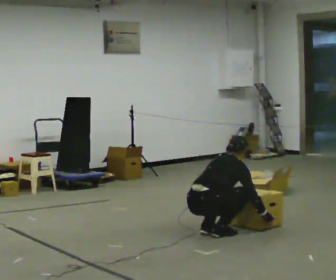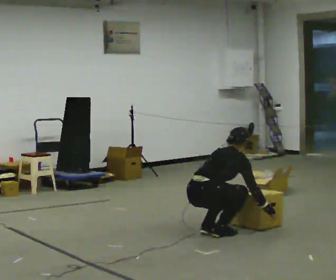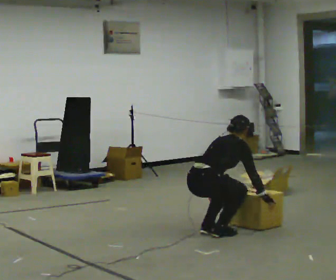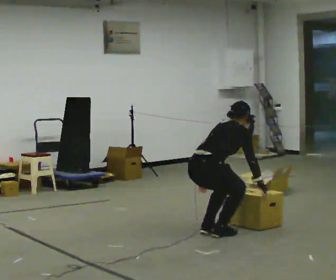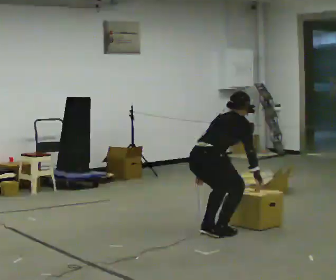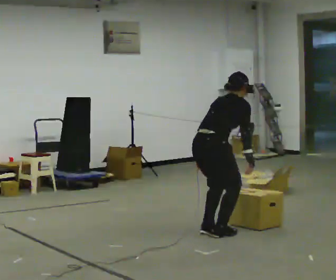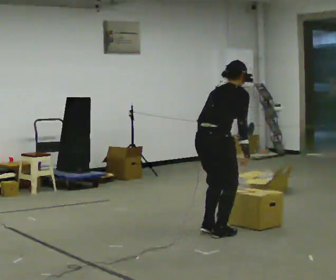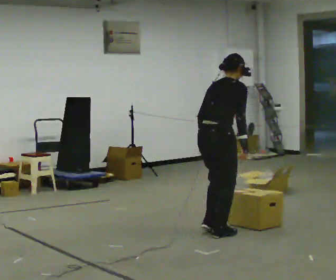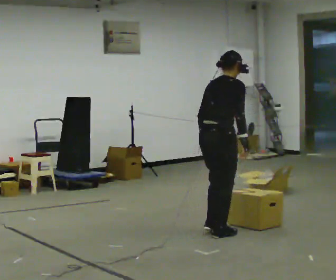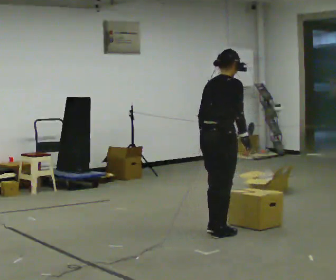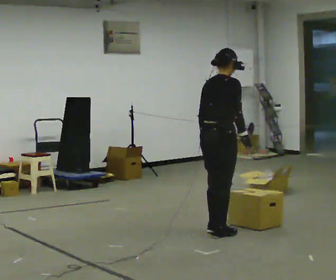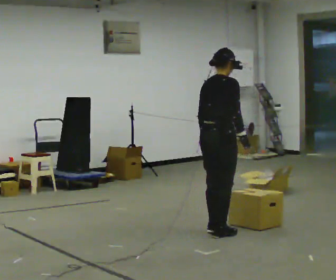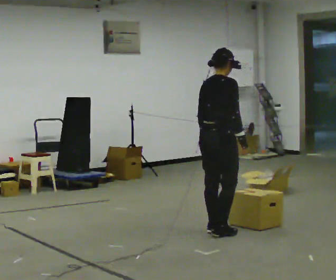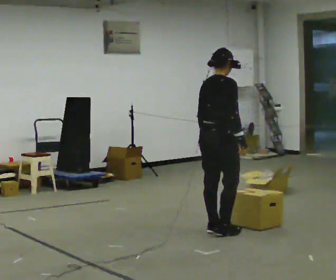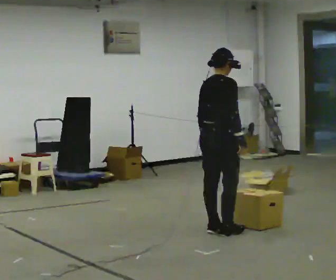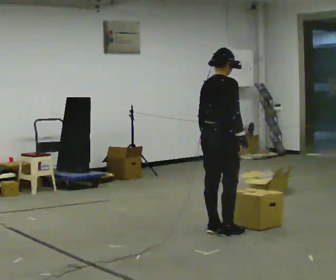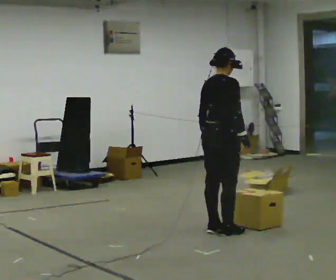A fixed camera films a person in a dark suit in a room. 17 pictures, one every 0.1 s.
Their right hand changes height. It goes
upward.
The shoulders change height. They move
upward.
0.0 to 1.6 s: The shoulders move upward. In the picture the upper body tilts counterclockwise, shoulders to the left, as they lean back or straighten. In the picture their right hand goes upward.
The film runs forward here.
